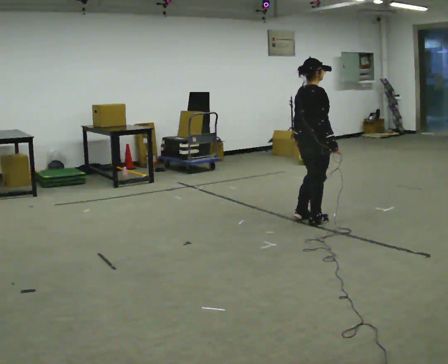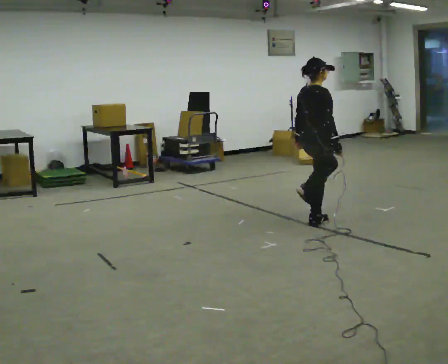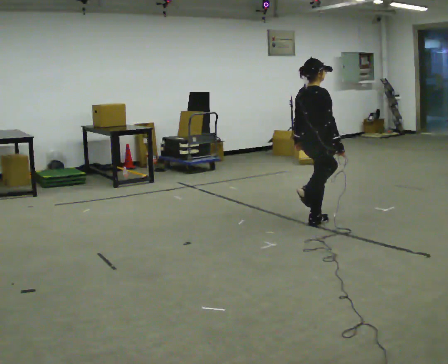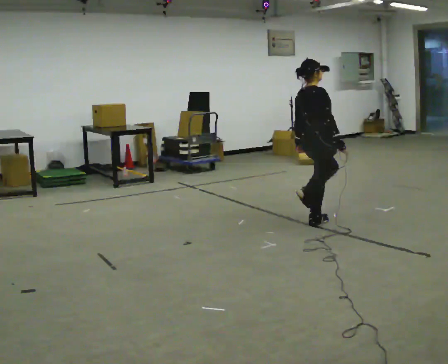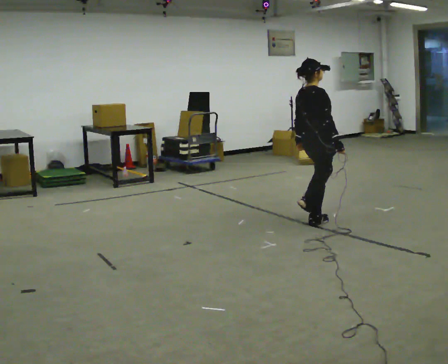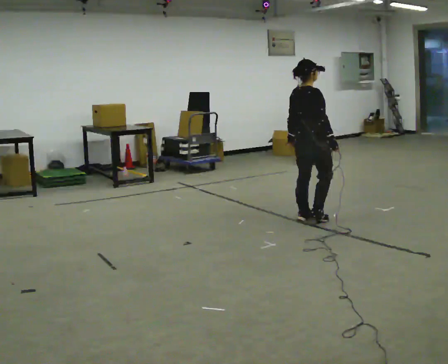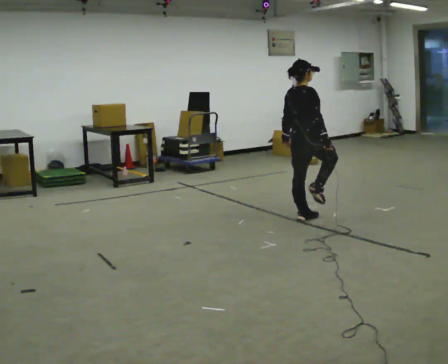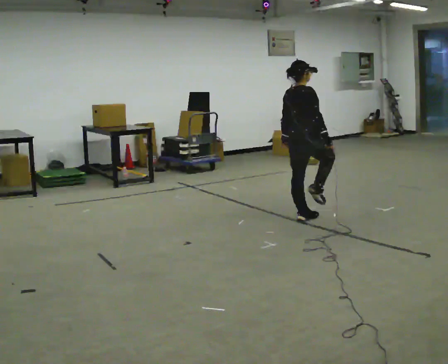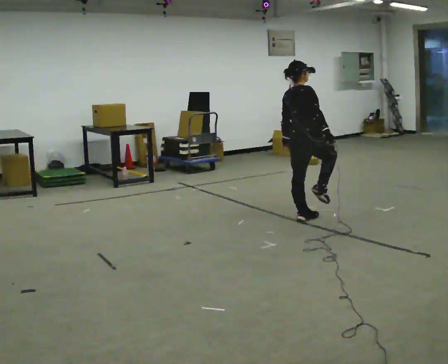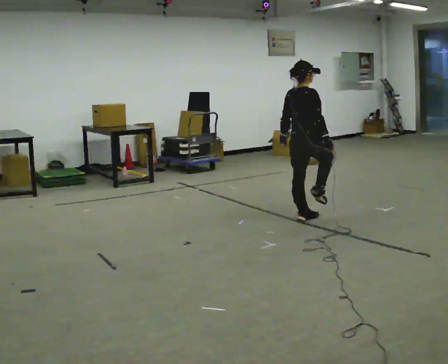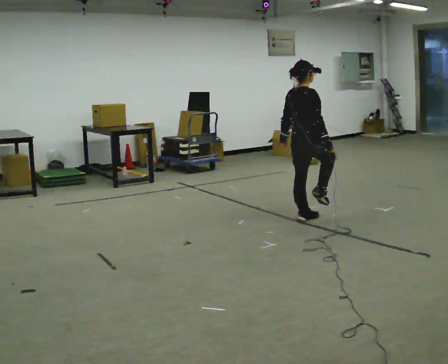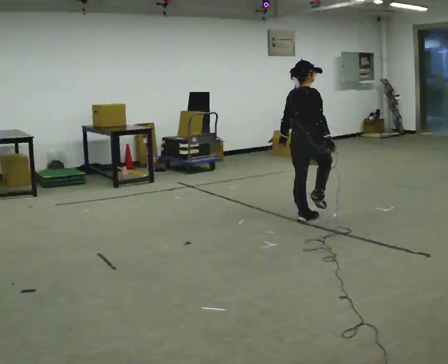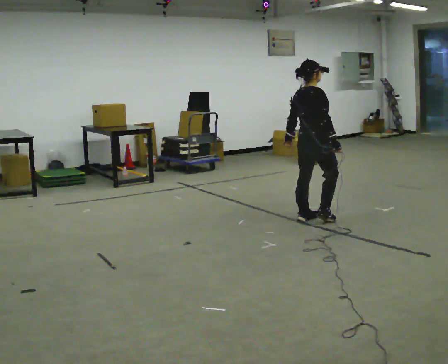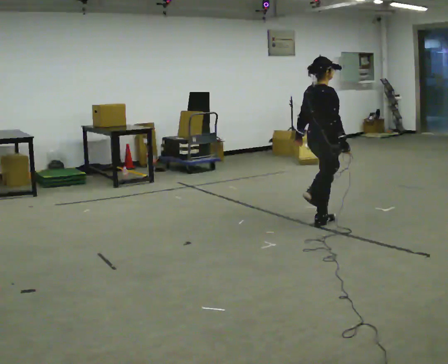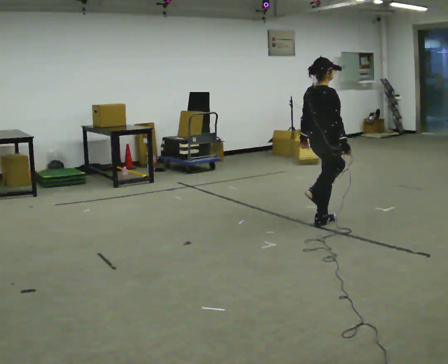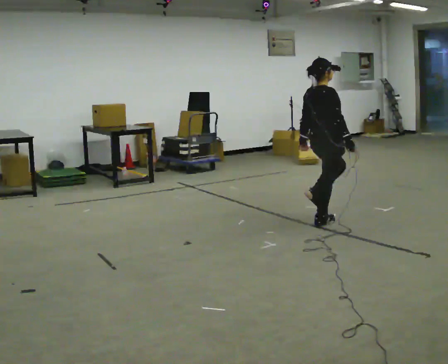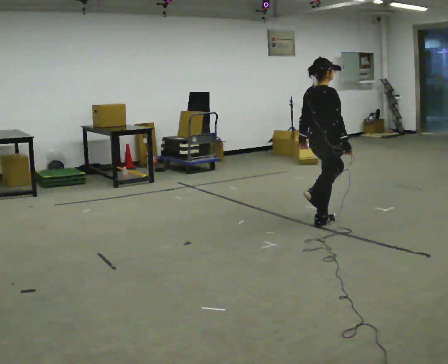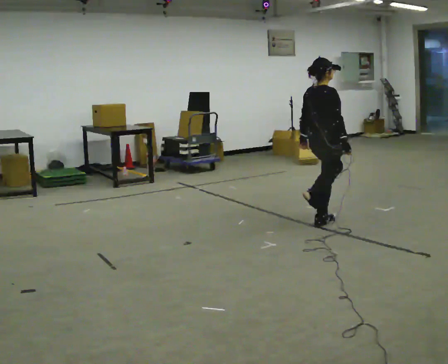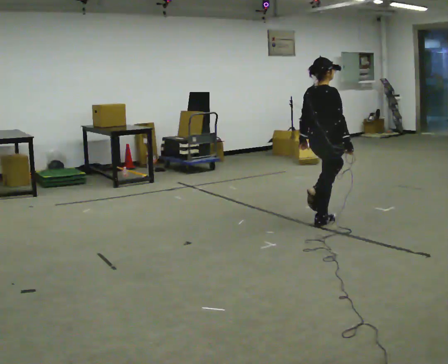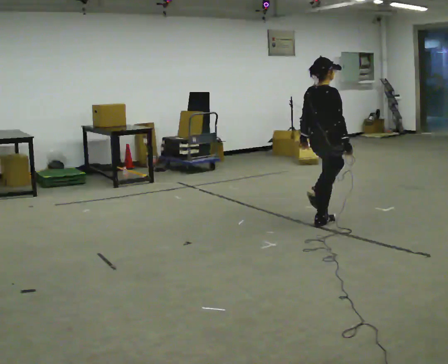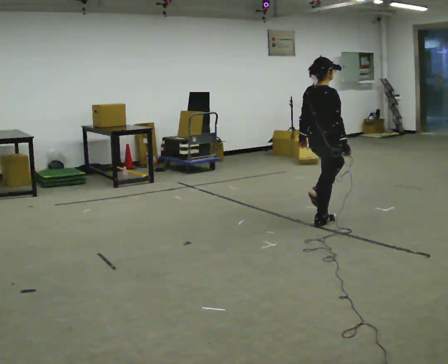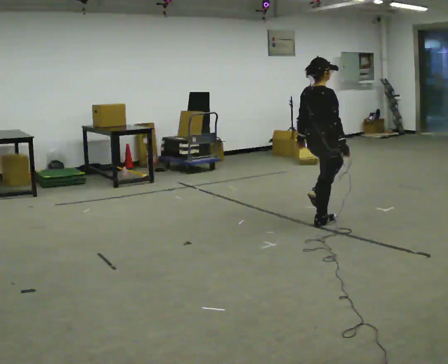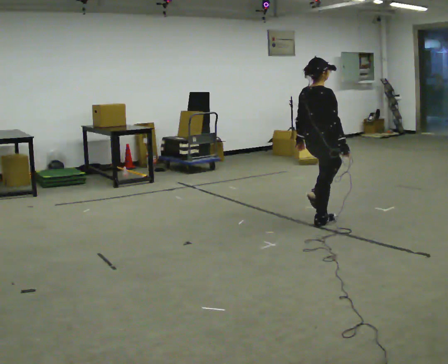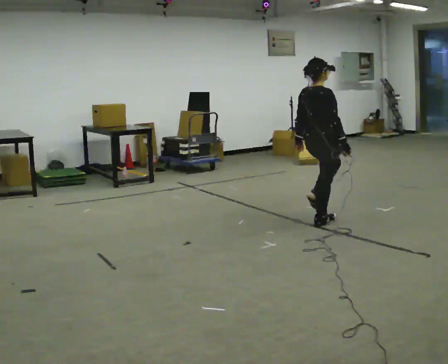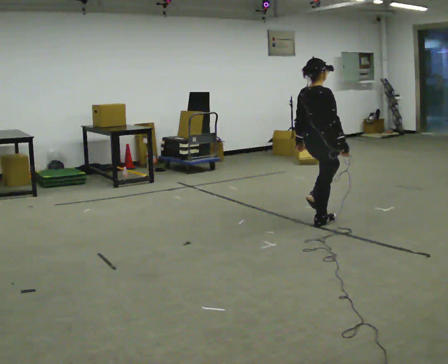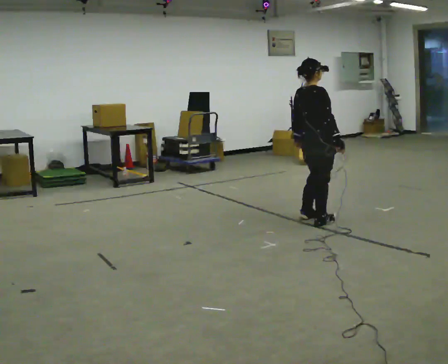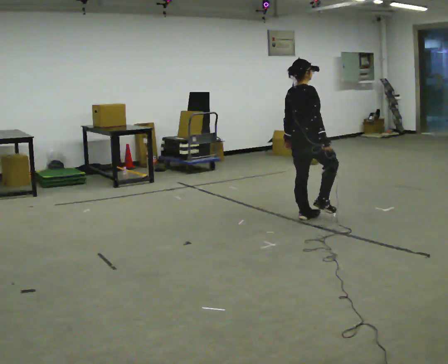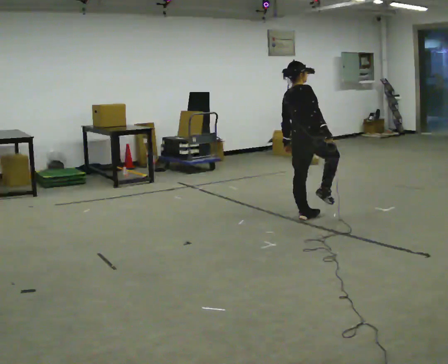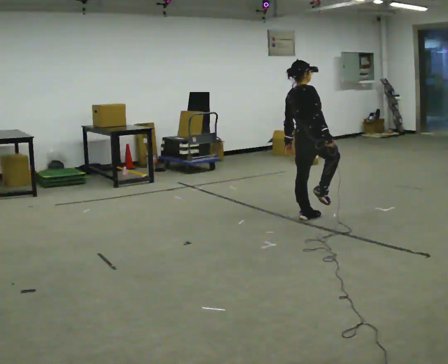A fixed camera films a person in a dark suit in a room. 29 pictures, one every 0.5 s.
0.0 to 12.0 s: The person moves a little, or ends about where they began.
12.0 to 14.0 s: In the picture they go away from the camera, about 0.25 m, which for them is to their left.
The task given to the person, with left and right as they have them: Stand on one foot on the marked spot, on the side the operator calls. Hold it until you genuinely lose your balance, then put the other foot down. Repeat at your own pace until the operator says stop. Go slowly and only as far as you are comfortable. Step whenever you need to; do not try to hold on longer than feels safe.
The film runs forward here.
